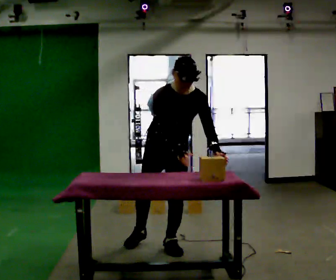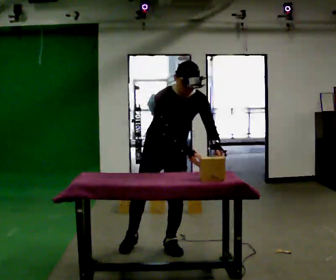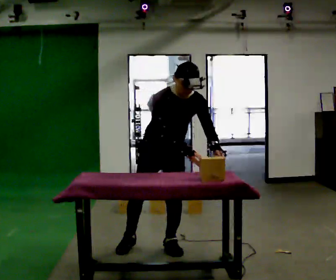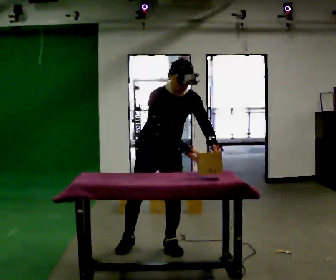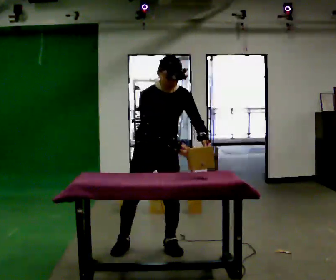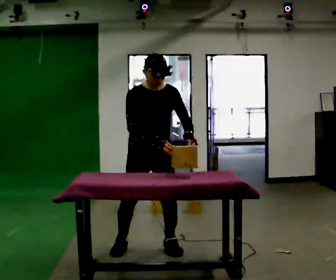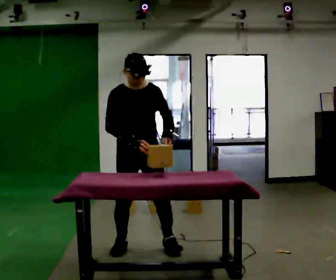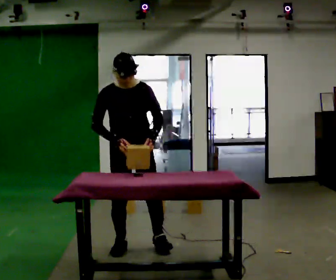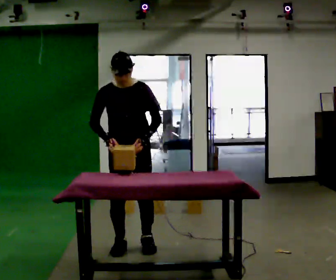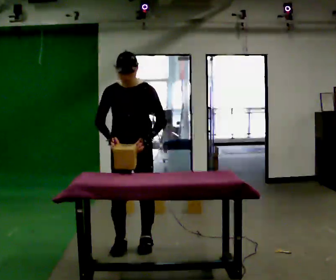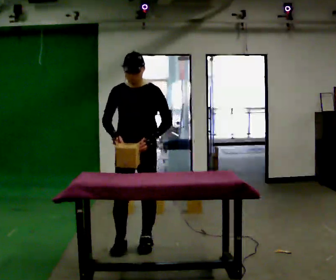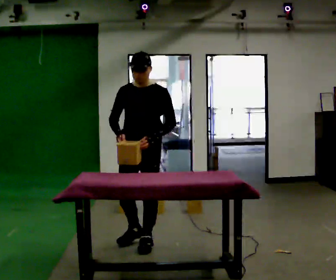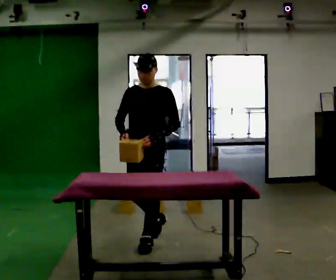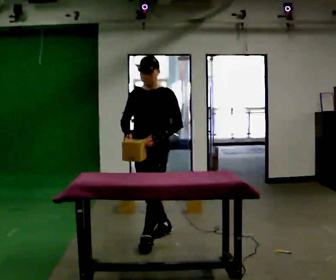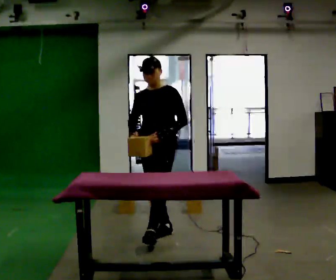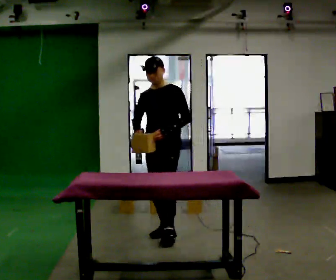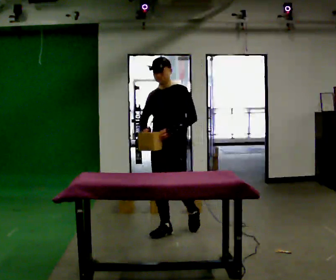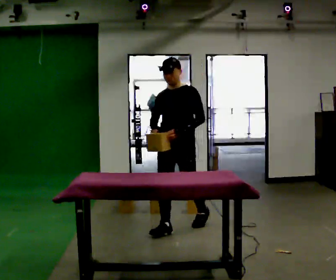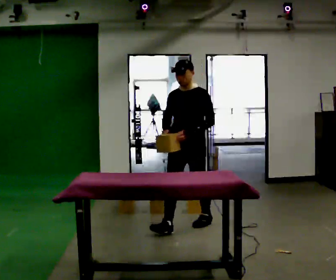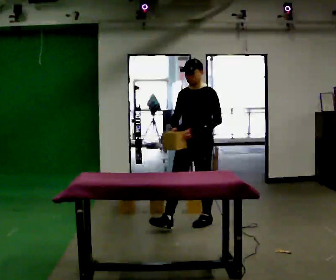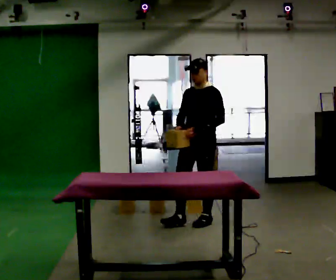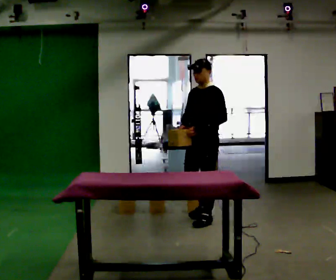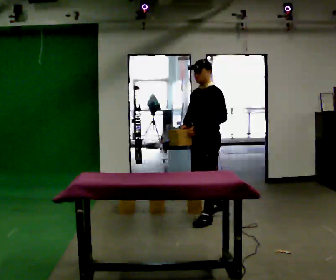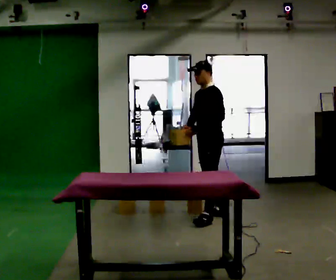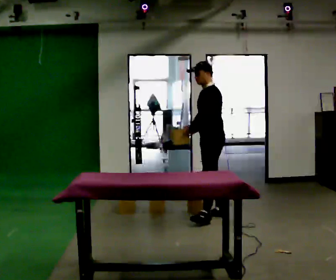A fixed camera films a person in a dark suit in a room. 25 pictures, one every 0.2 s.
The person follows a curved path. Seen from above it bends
clockwise.
The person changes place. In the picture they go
away from the camera.
0.0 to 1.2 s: In the picture they go to the left, about 0.25 m, which for them is to their right.
1.2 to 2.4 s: The part of the body nearest the lens slides to the left as the person turns to their right by about 45 degrees. In the picture they go away from the camera, about 0.25 m in 2 steps, which for them is backward.
2.4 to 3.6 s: In the picture they go away from the camera and to the right, about 0.75 m in 1 step, which for them is backward.
3.6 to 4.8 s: The person turns about 45 degrees to their right, clockwise seen from above, so the part of the body nearest the lens slides to the left. In the picture they go away from the camera and to the right, about 0.5 m in 1 step, which for them is backward.
The film runs backward here.
